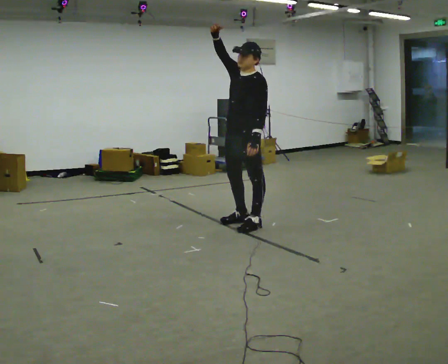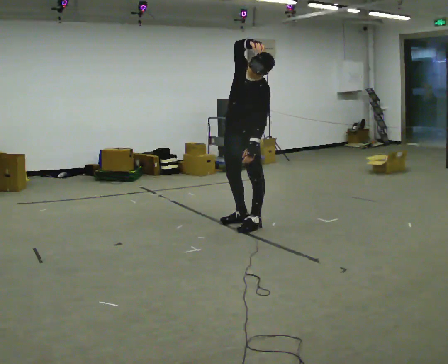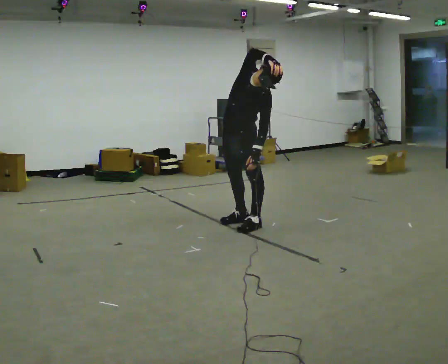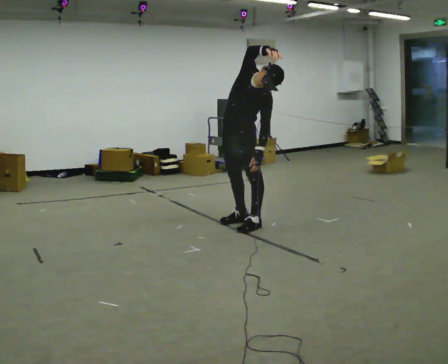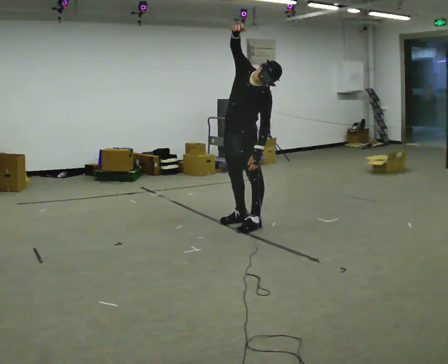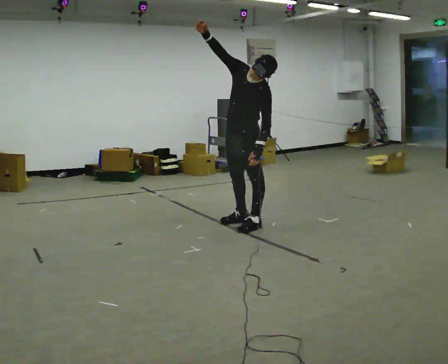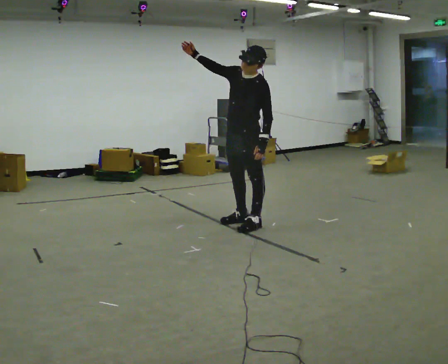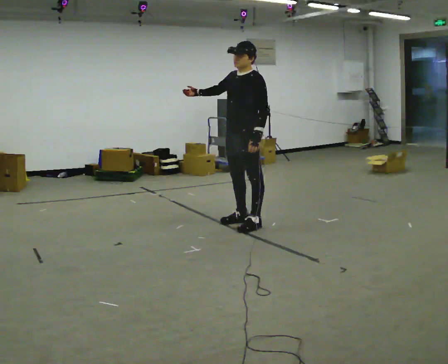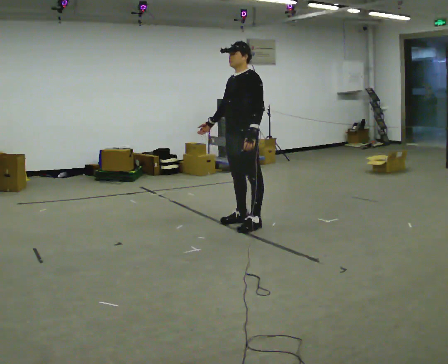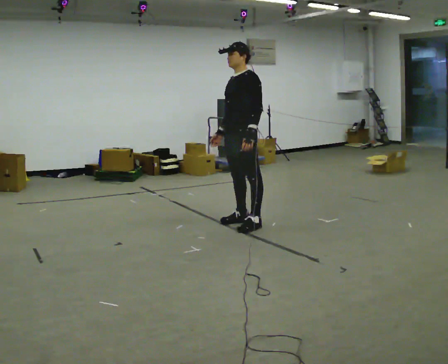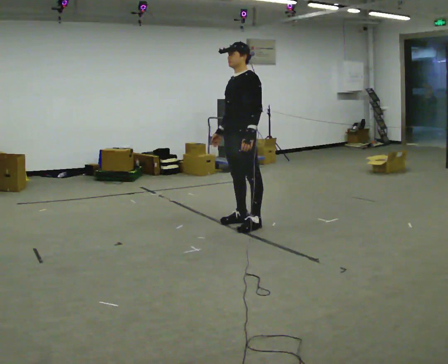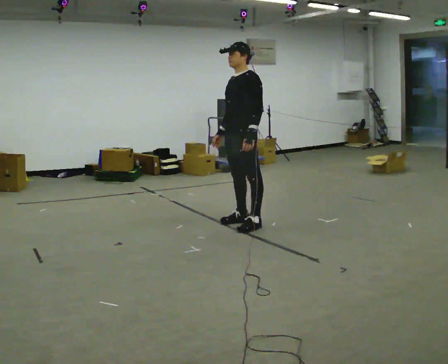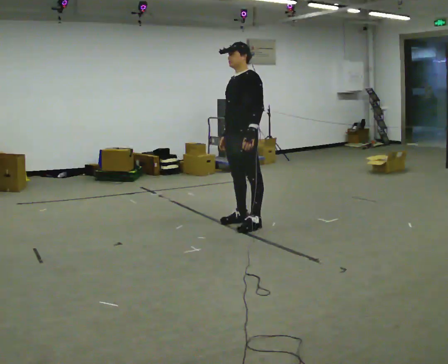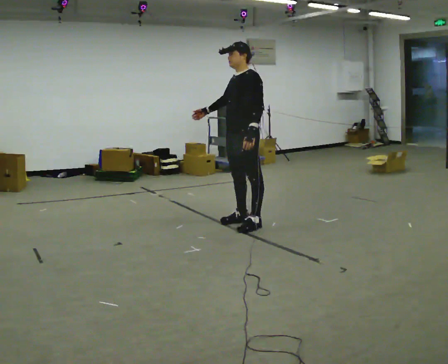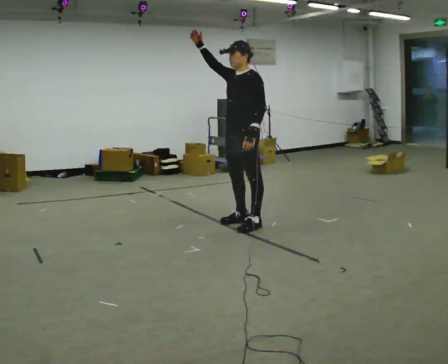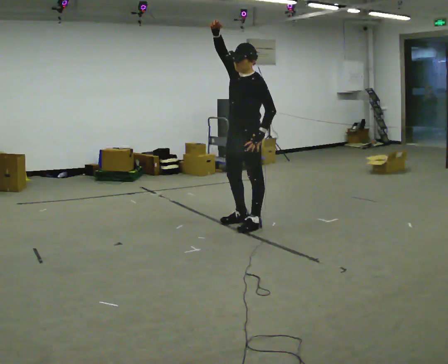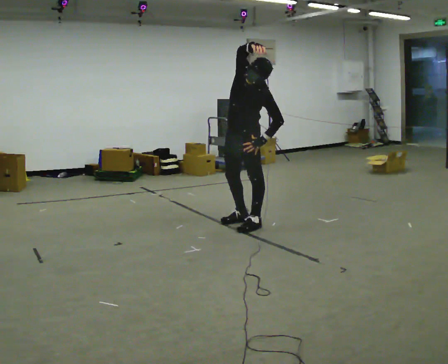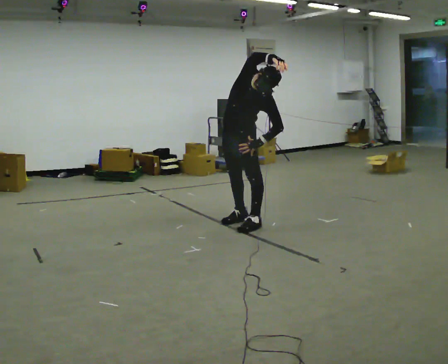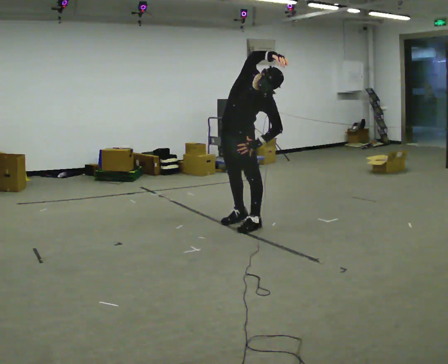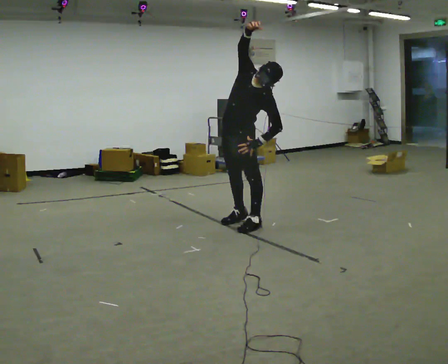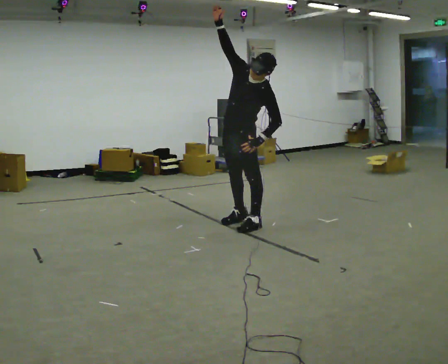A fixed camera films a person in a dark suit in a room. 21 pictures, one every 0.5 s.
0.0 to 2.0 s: The upper body tips toward the camera, its near side rolling downward.
2.0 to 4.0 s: In the picture the upper body tilts counterclockwise, shoulders to the left. In the picture their right hand goes downward and to the left, the arm swinging counterclockwise.
4.0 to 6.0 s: The person moves a little, or ends about where they began.
6.0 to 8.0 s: The upper body tips toward the camera, its near side rolling downward. In the picture their right hand goes upward and to the right.
8.0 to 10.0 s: In the picture their right hand goes to the left.
The film runs backward here.
